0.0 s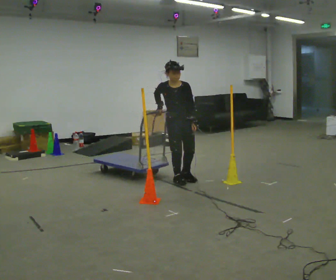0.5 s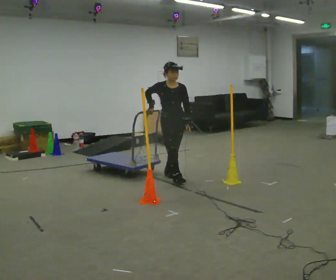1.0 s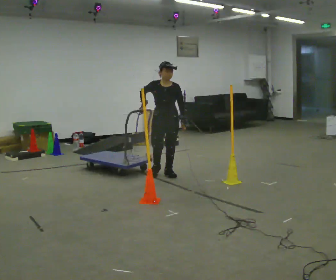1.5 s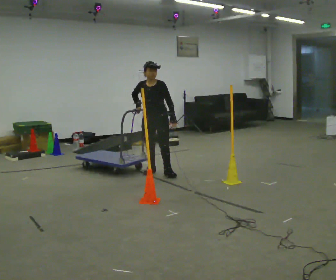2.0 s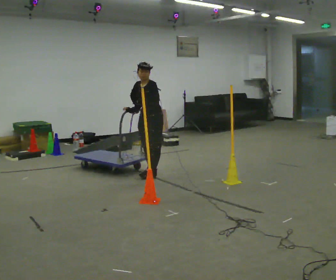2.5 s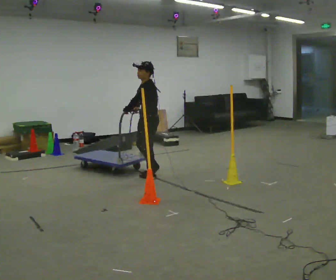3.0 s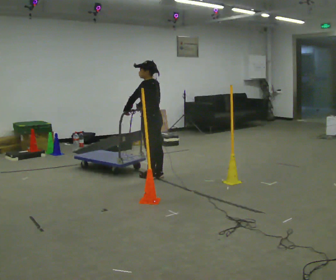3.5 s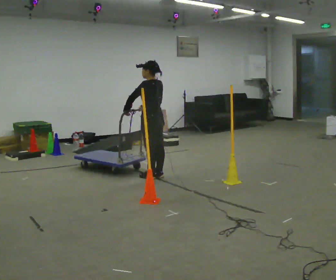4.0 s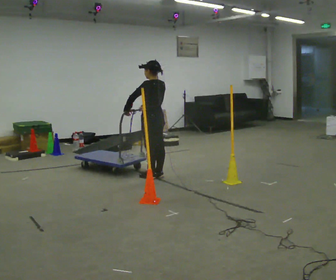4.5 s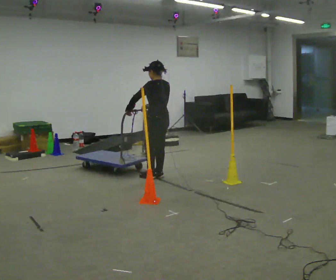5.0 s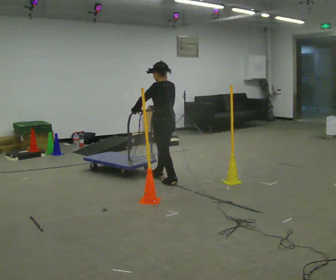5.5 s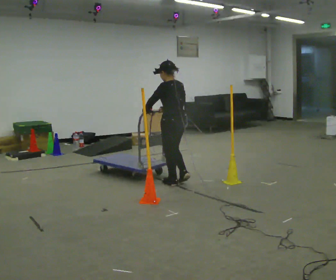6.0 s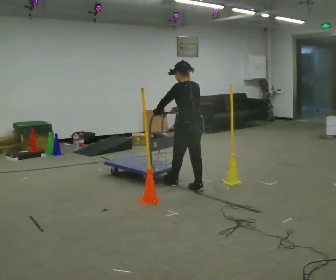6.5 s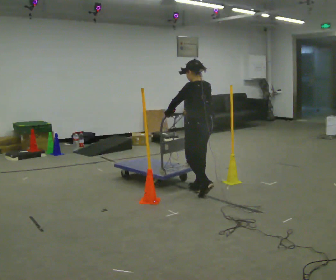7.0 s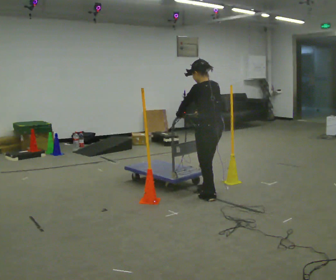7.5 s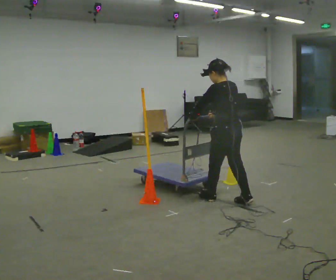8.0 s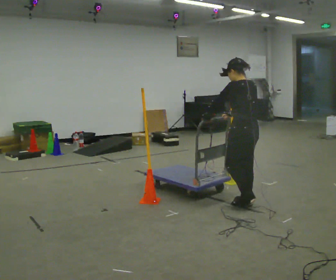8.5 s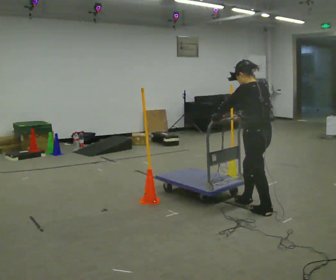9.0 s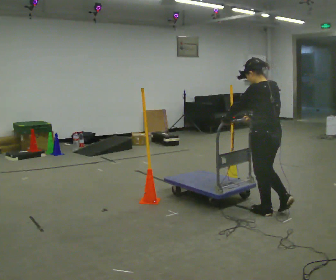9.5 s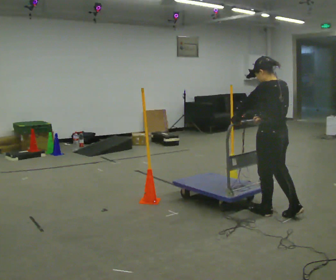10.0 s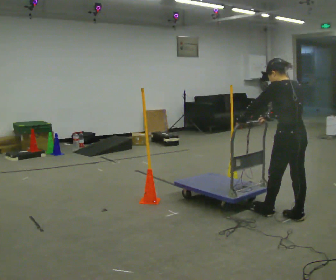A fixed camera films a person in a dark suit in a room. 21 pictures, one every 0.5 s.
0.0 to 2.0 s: The person turns about 45 degrees to their right, clockwise seen from above, so the part of the body nearest the lens slides to the left. In the picture they go away from the camera and to the left, about 0.5 m in 2 steps, which for them is backward and to their right.
2.0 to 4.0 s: Seen from above the body turns clockwise, about 90 degrees: to their right, with its near side sliding to the left. In the picture they go toward the camera, about 0.25 m in 1 step.
4.0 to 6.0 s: In the picture they go toward the camera and to the right, about 0.75 m in 2 steps, which for them is backward.
6.0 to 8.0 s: In the picture they go toward the camera and to the right, about 1 m in 3 steps, which for them is backward.
8.0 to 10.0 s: In the picture they go toward the camera and to the right, about 0.5 m in 1 step, which for them is backward.
The film runs backward here.
